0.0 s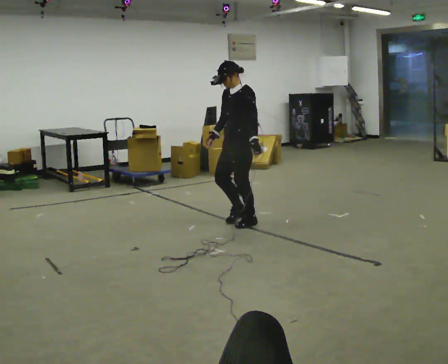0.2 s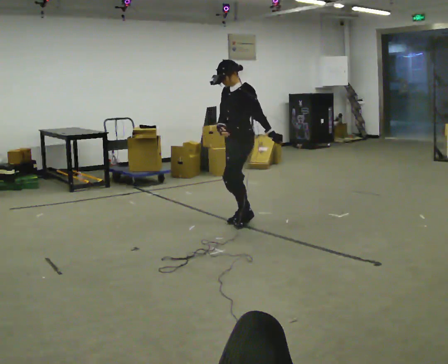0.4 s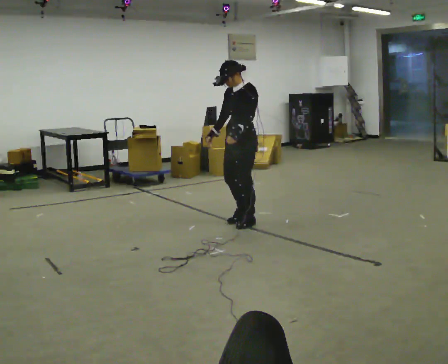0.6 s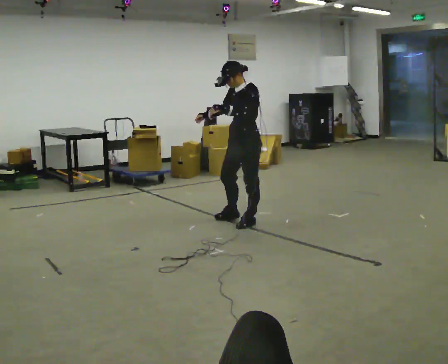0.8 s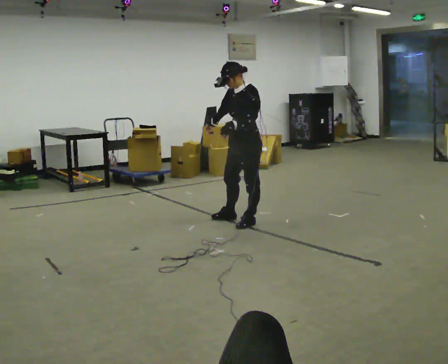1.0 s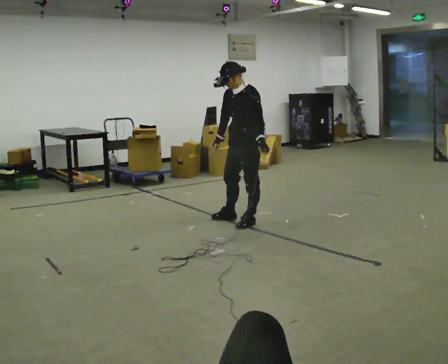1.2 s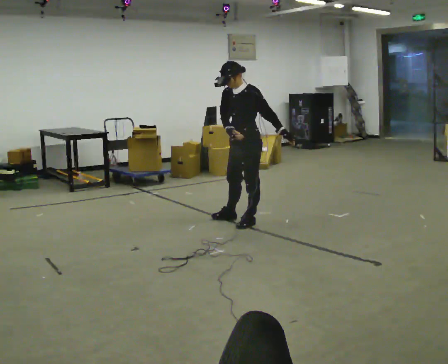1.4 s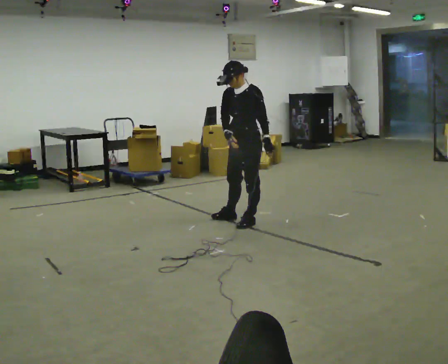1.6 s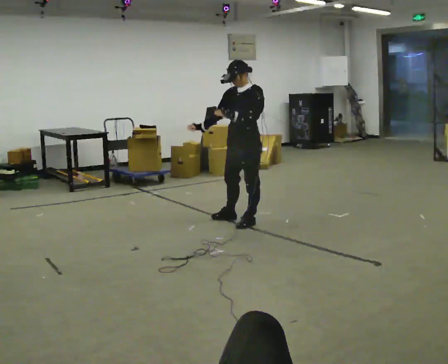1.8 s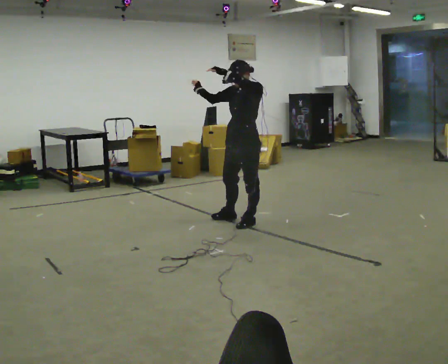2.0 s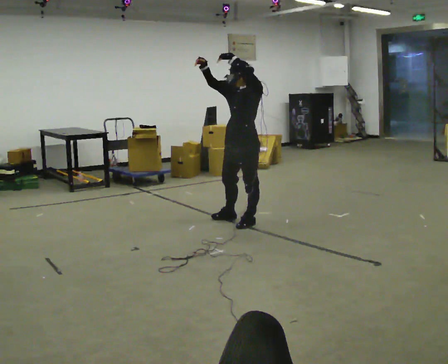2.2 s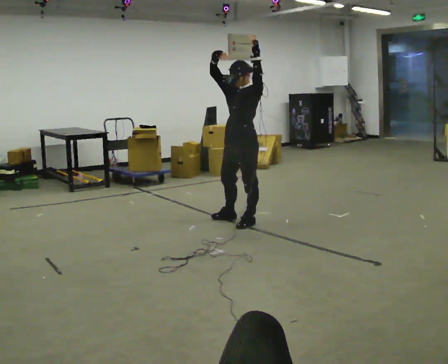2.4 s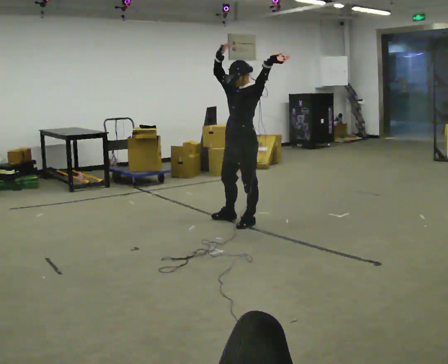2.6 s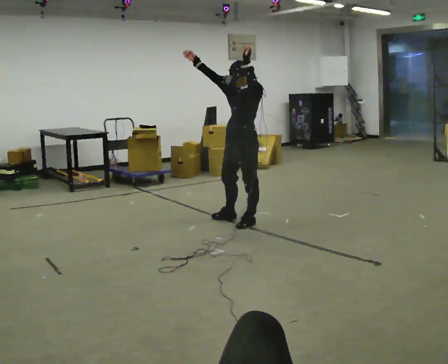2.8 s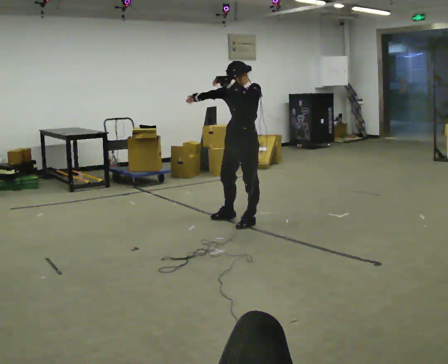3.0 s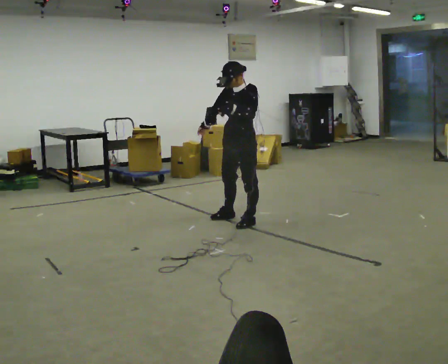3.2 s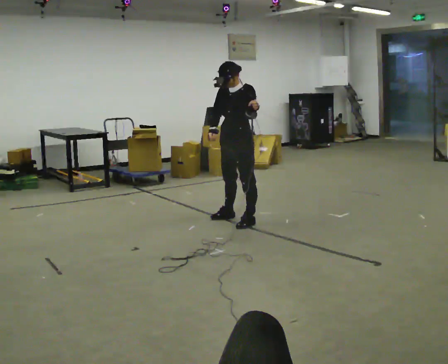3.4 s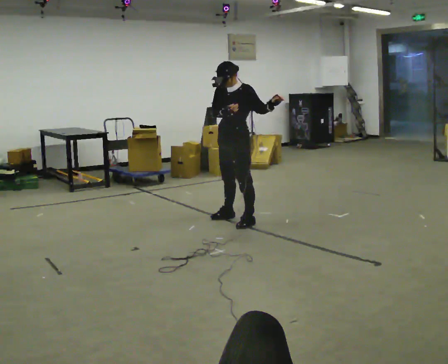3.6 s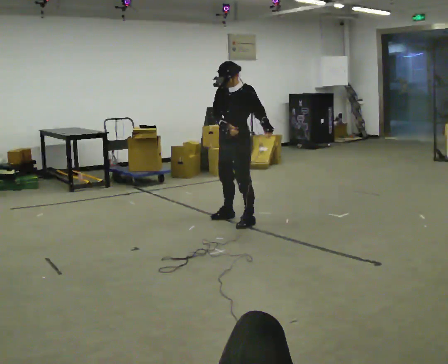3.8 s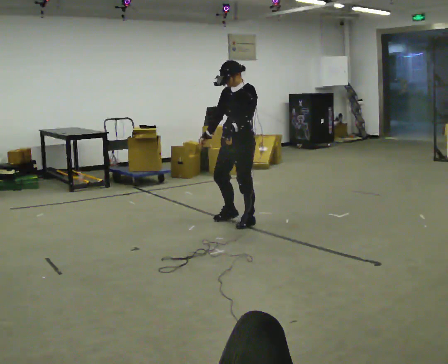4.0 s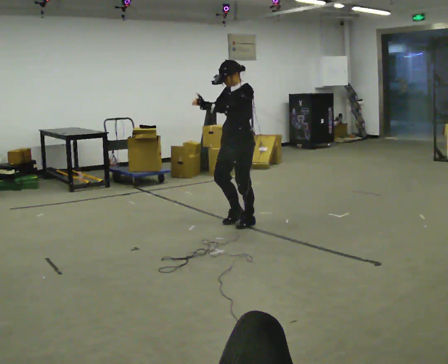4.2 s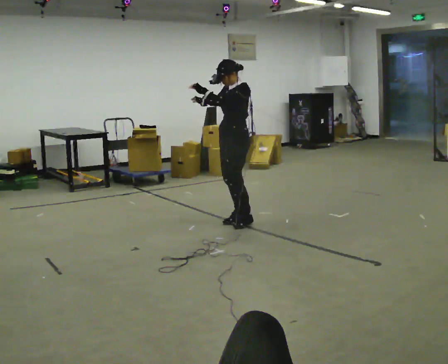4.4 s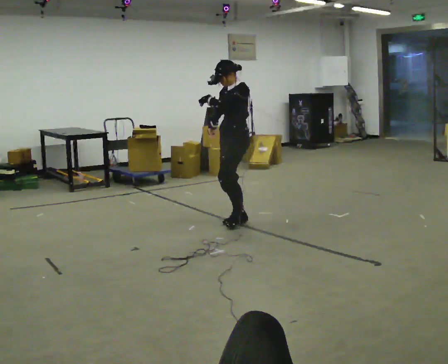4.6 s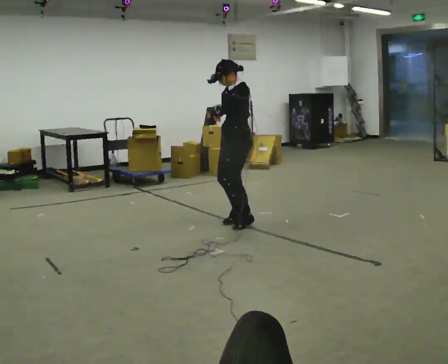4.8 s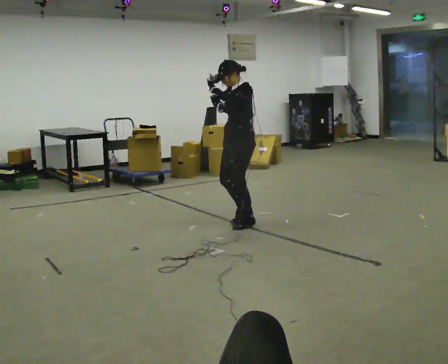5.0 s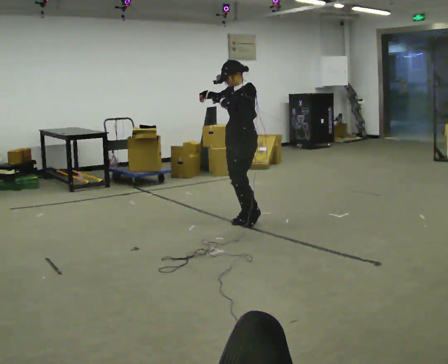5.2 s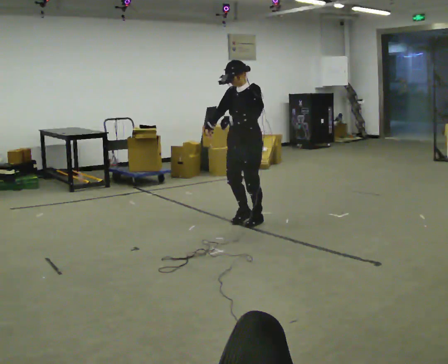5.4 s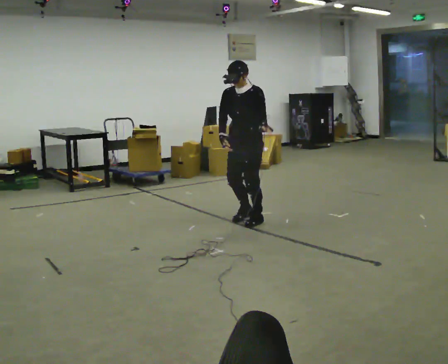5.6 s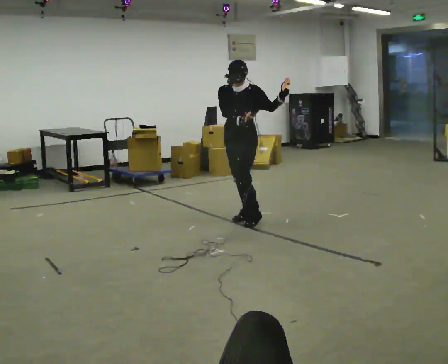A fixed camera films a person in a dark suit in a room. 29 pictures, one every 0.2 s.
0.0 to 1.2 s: The person moves a little, or ends about where they began.
1.2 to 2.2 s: In the picture the upper body tilts clockwise, shoulders to the right, as they lean back or straighten. In the picture their right hand goes upward, the arm swinging clockwise.
2.2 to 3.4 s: In the picture their right hand goes downward.
3.4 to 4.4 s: The person moves a little, or ends about where they began.
4.4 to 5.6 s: Seen from above the body turns counterclockwise, about 30 degrees: to their left, with its near side sliding to the right. In the picture their right hand goes to the right.
The film runs backward here.
